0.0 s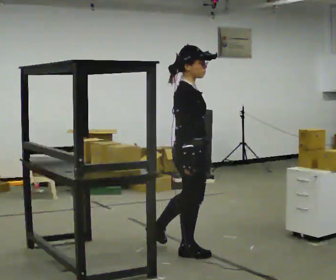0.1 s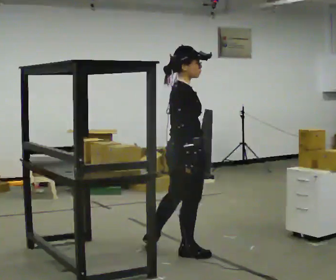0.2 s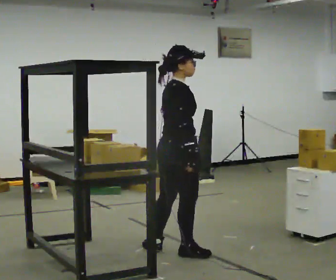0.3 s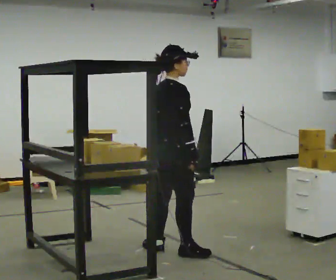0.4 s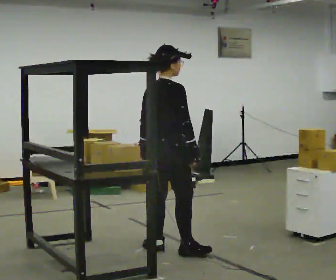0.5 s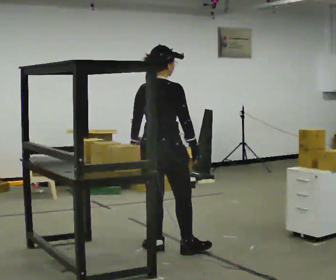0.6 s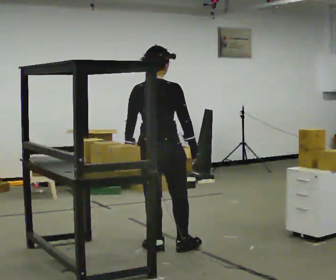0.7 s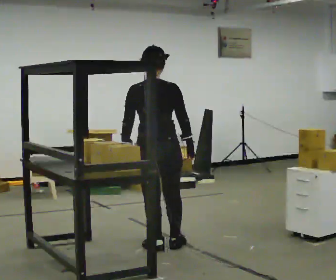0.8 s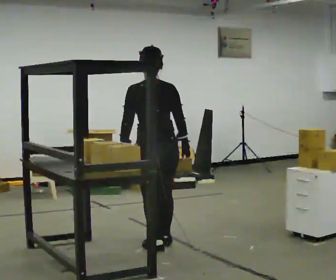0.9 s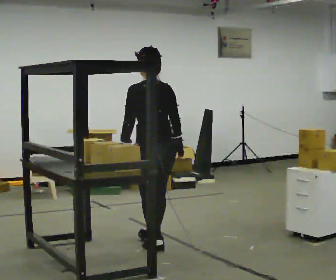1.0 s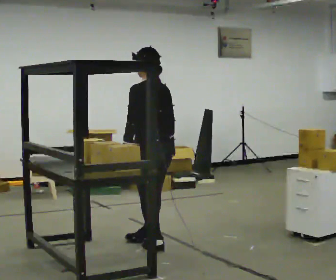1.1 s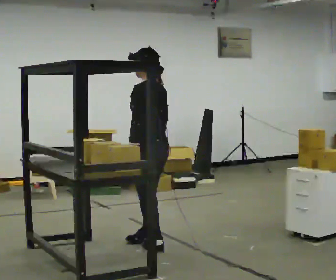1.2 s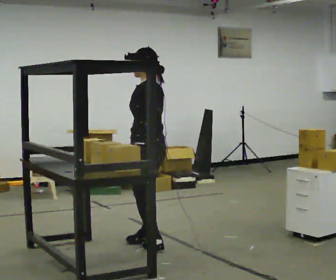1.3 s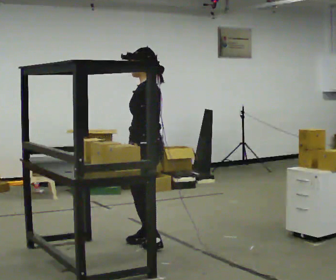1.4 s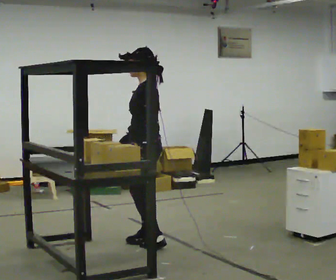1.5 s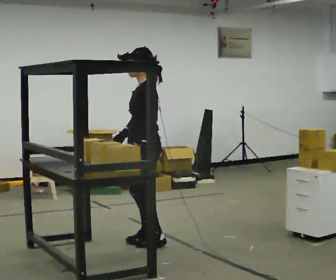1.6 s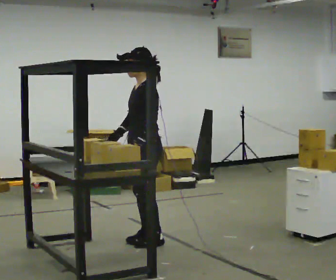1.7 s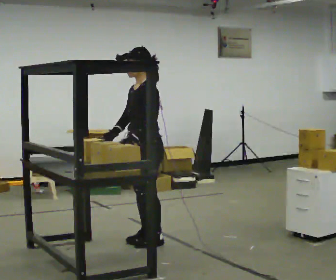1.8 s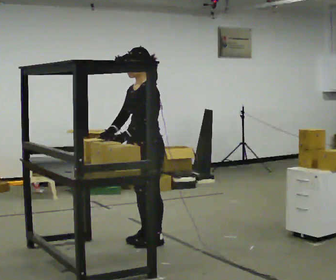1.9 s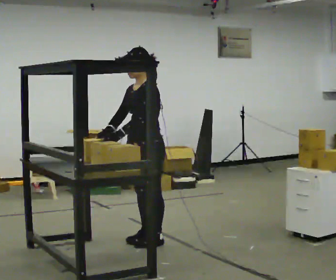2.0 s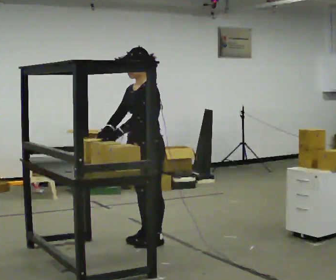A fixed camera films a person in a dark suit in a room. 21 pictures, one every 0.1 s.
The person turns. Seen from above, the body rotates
counterclockwise.
The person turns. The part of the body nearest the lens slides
to the right.
0.0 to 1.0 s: The person turns about 150 degrees to their left, counterclockwise seen from above, so the part of the body nearest the lens slides to the right. In the picture they go to the left and away from the camera, about 0.25 m in 1 step.
1.0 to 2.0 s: The person turns about 75 degrees to their left, counterclockwise seen from above, so the part of the body nearest the lens slides to the right. In the picture they go away from the camera, about 0.25 m in 1 step. In the picture their right hand goes to the left, the arm swinging clockwise.
The film runs backward here.
